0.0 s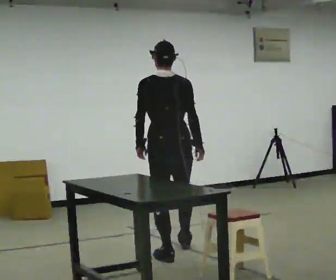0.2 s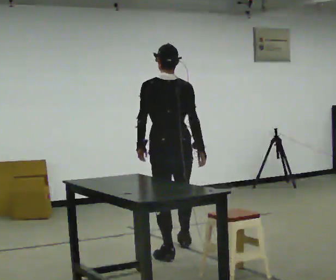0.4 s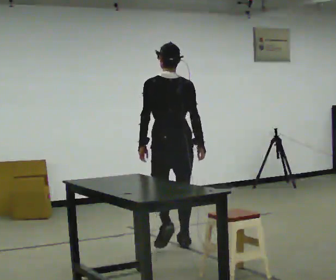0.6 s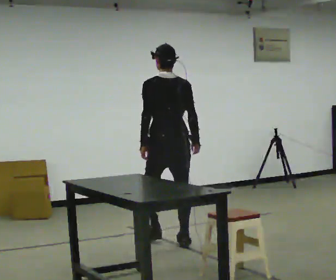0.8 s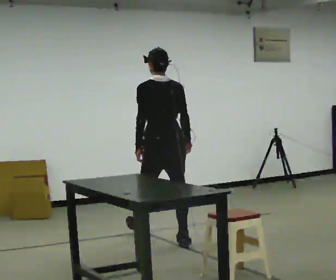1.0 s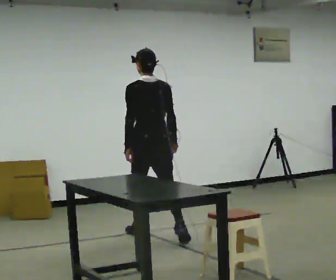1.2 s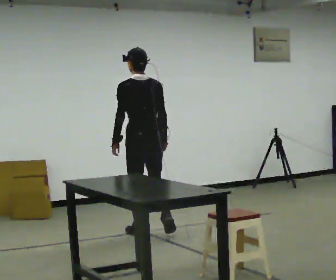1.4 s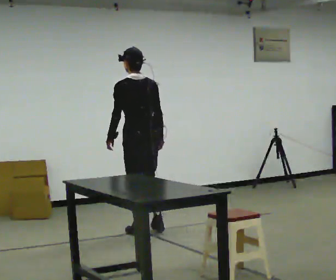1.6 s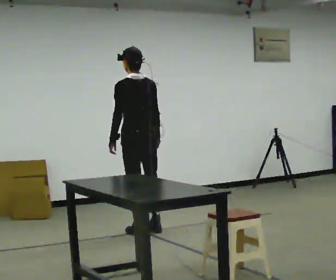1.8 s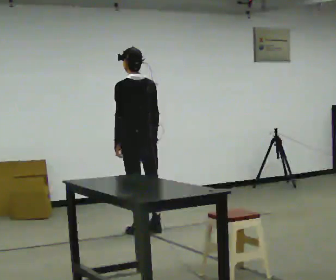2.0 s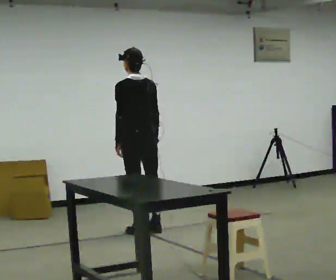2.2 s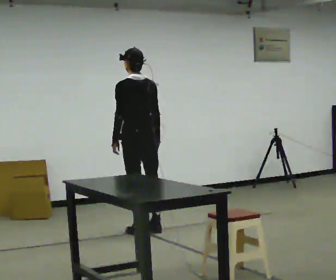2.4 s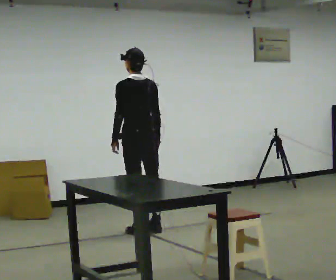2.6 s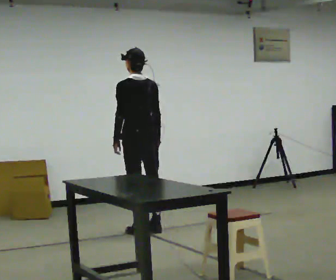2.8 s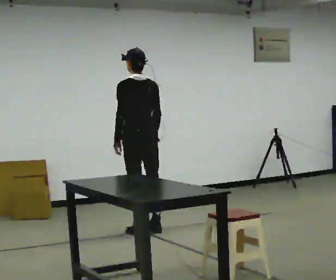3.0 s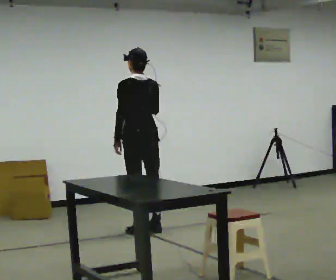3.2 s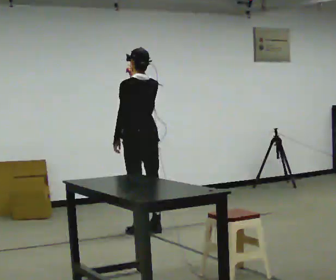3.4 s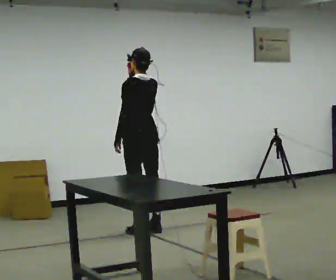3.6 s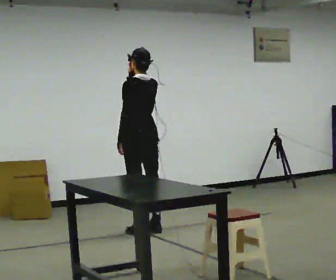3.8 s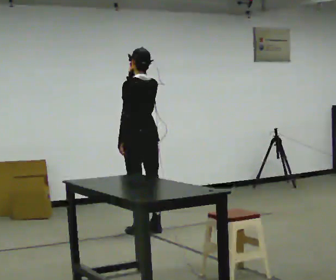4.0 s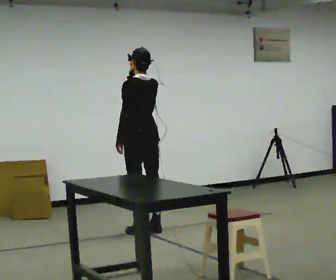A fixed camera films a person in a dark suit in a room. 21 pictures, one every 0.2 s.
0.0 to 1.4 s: In the picture they go away from the camera, about 1 m in 2 steps, which for them is forward.
1.4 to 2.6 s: In the picture they go away from the camera, about 0.25 m in 1 step, which for them is forward.
2.6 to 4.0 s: In the picture their right hand goes upward.
The film runs forward here.
